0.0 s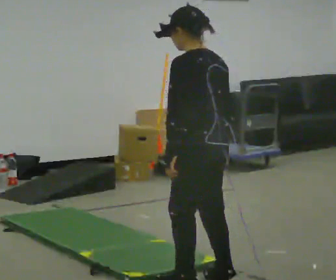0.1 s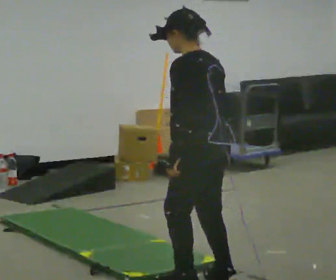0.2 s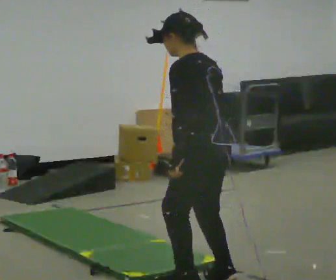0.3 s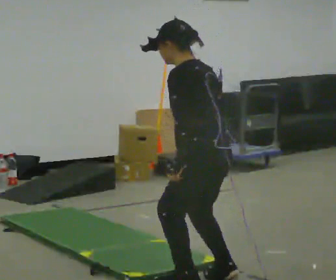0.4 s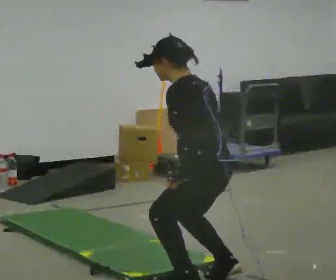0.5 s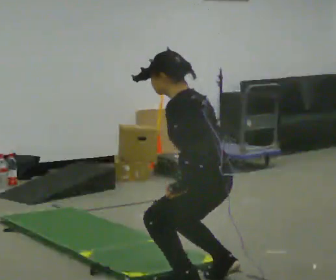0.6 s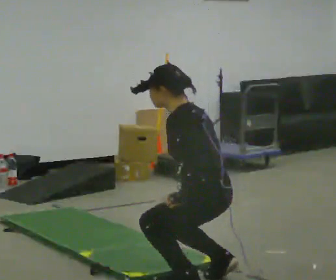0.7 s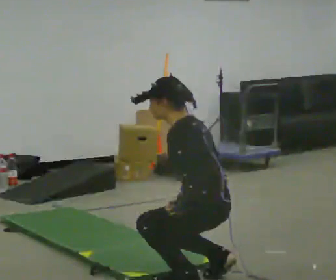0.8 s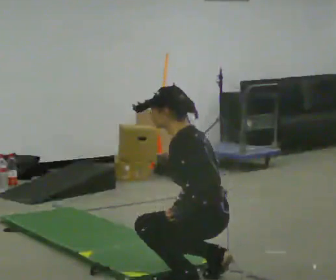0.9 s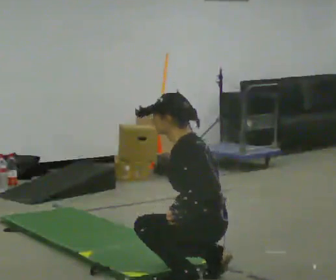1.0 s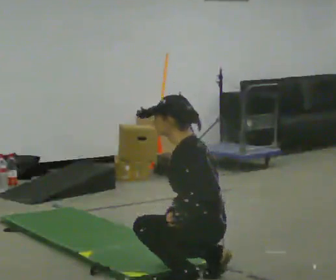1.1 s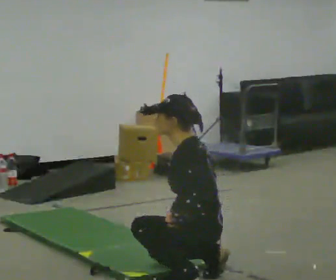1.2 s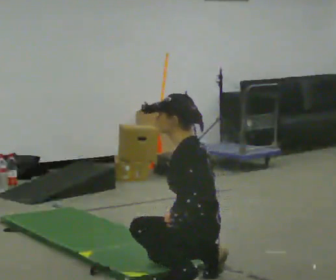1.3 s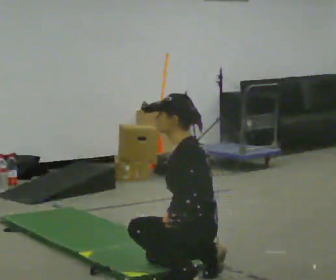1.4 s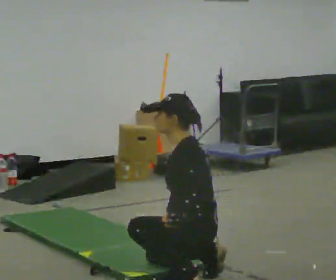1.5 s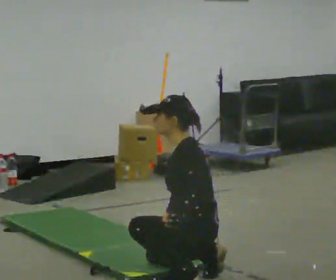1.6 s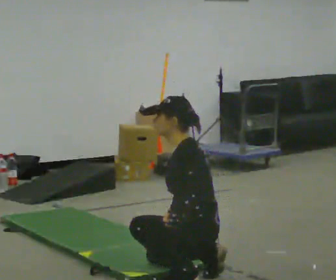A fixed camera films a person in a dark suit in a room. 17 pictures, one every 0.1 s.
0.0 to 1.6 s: Seen from above the body turns counterclockwise, about 30 degrees: to their left, with its near side sliding to the right. The upper body goes downward. In the picture their right hand goes downward.
The film runs forward here.
